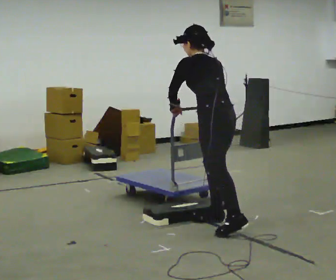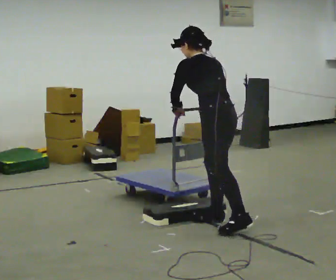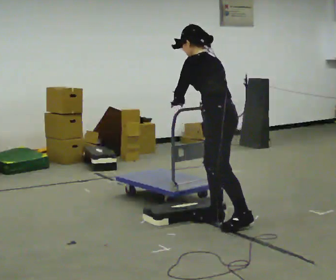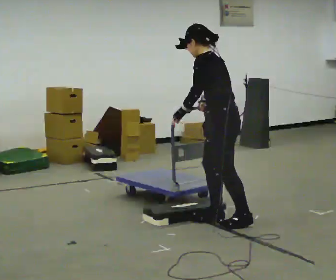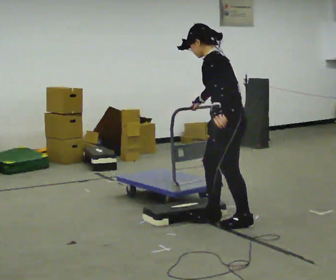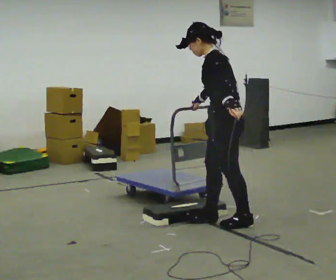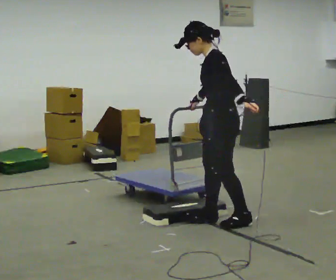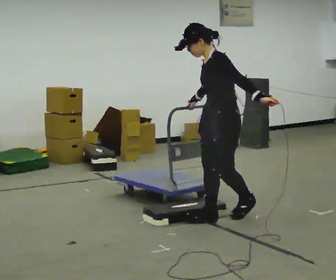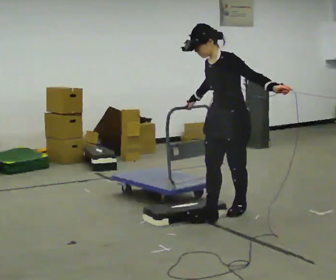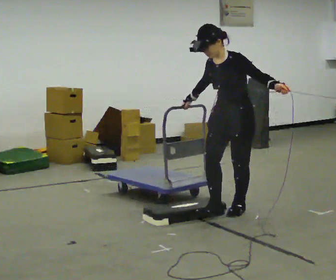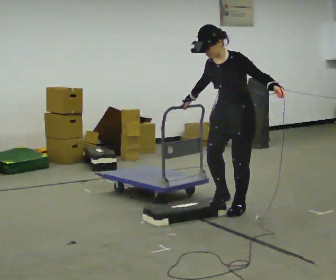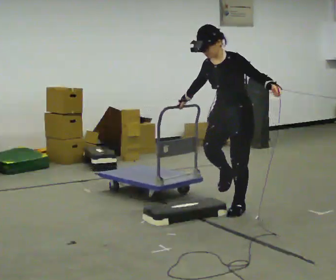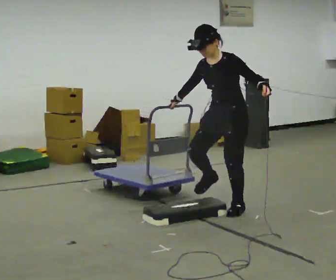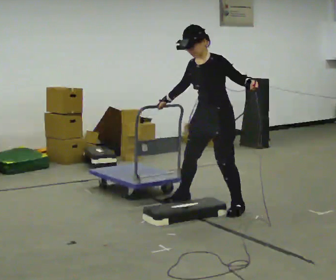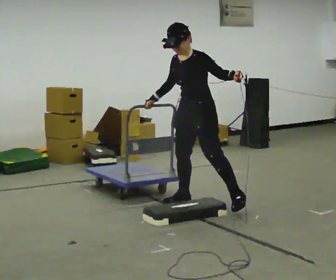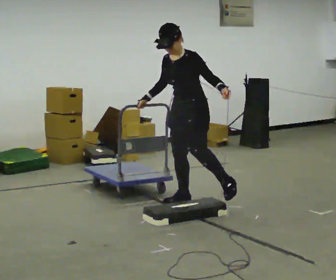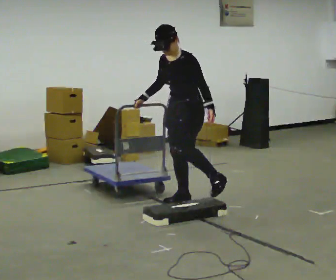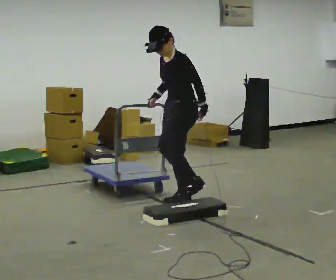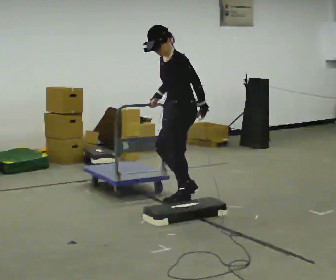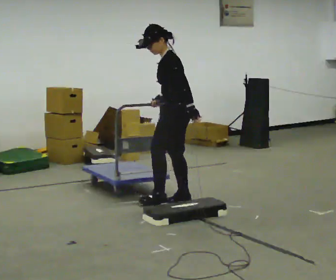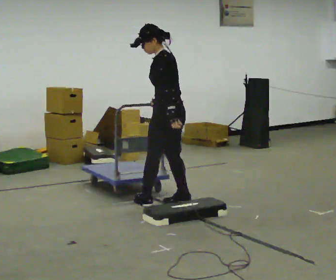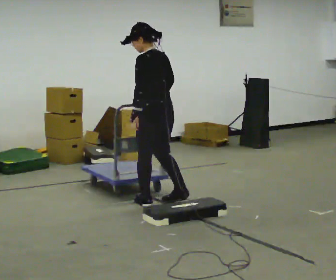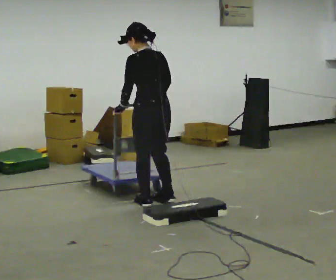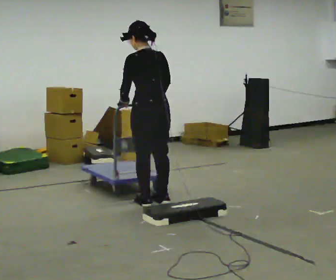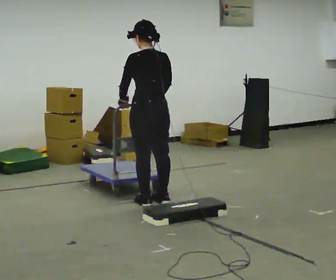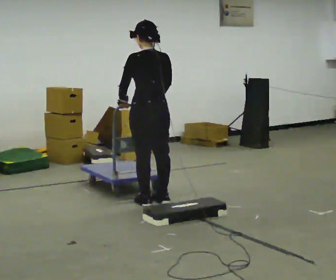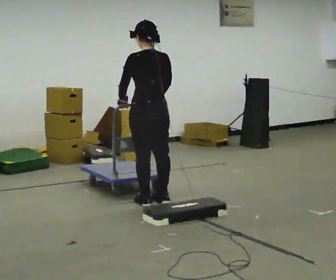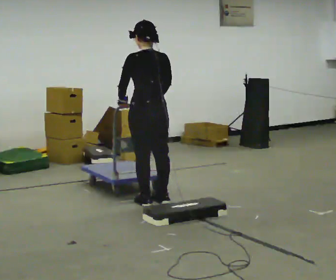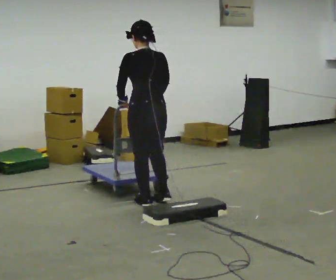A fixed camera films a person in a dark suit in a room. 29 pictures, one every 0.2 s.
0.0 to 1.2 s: The person turns about 45 degrees to their left, counterclockwise seen from above, so the part of the body nearest the lens slides to the right. The upper body tips toward the camera, its near side rolling downward, as they lean back or straighten. In the picture their left hand goes to the right.
1.2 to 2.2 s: The person turns about 60 degrees to their left, counterclockwise seen from above, so the part of the body nearest the lens slides to the right. In the picture they go away from the camera, about 0.25 m in 1 step, which for them is backward and to their right.
2.2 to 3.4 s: In the picture they go to the left and away from the camera, about 0.5 m in 1 step, which for them is to their right.
3.4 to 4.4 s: Seen from above the body turns clockwise, about 75 degrees: to their right, with its near side sliding to the left. In the picture they go to the left, about 0.25 m in 1 step.
4.4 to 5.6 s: The person moves a little, or ends about where they began.
The film runs backward here.
